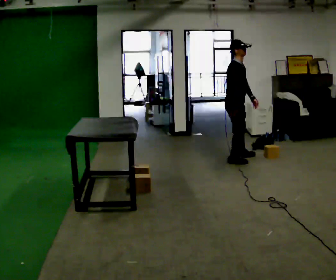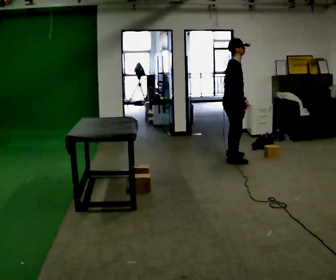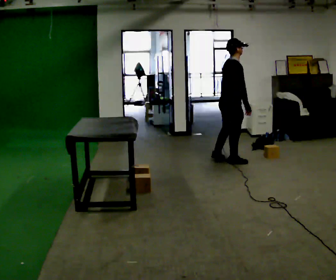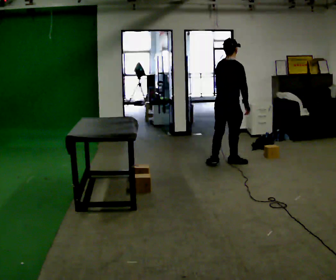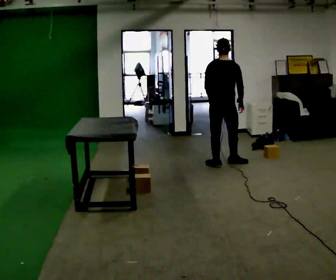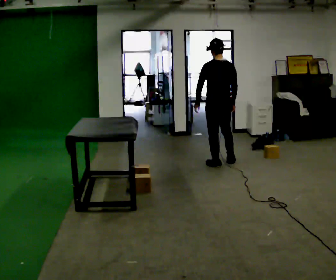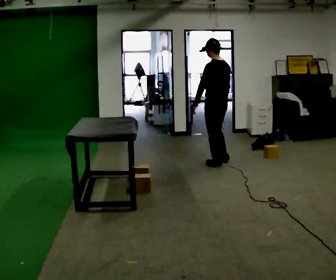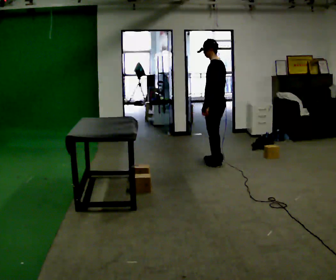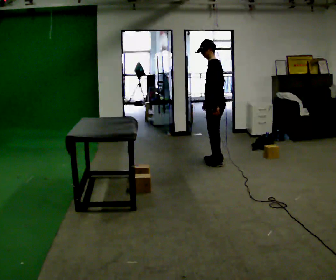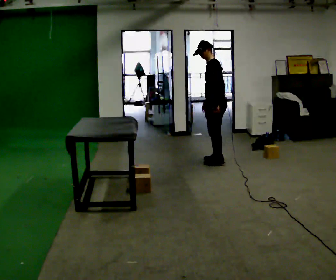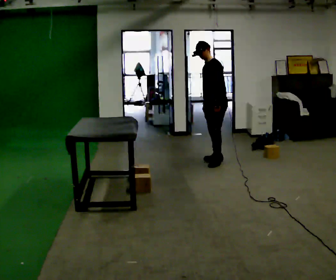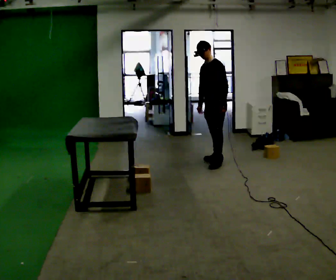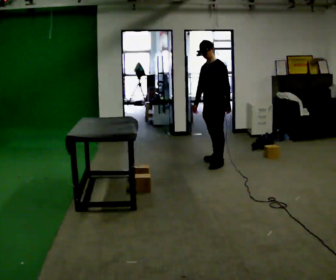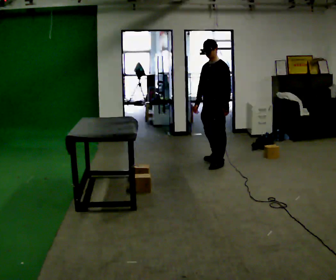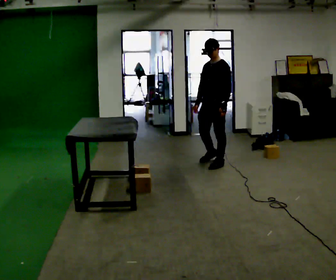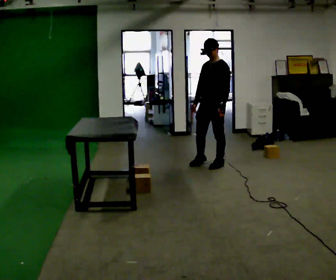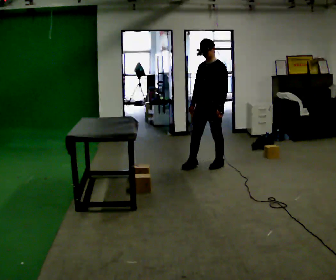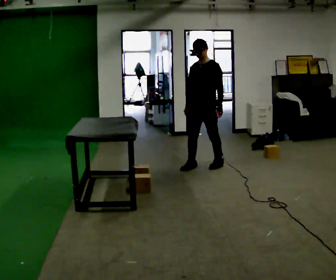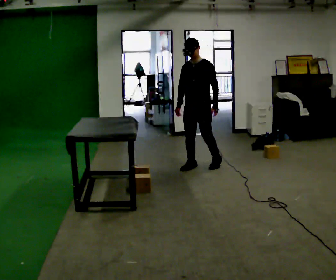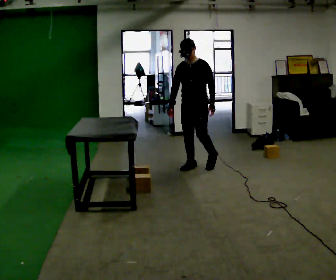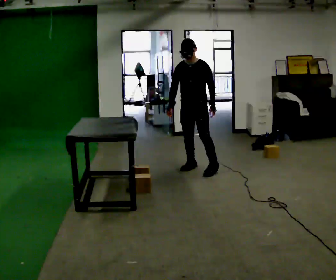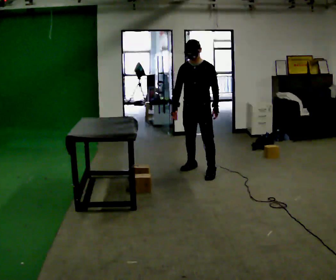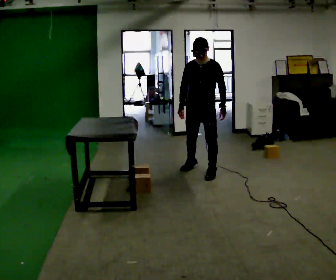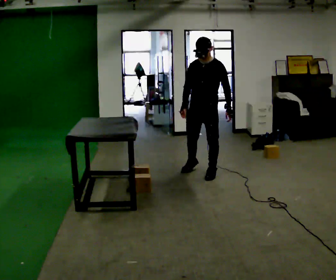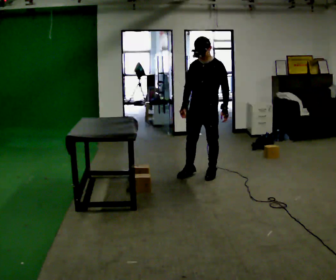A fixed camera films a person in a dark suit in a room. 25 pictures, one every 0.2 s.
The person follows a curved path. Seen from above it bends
counterclockwise.
The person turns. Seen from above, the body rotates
counterclockwise.
0.0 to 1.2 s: Seen from above the body turns counterclockwise, about 150 degrees: to their left, with its near side sliding to the right. In the picture they go to the left and toward the camera, about 0.25 m in 1 step.
1.2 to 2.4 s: The part of the body nearest the lens slides to the right as the person turns to their left by about 75 degrees. In the picture their left hand goes to the right, the arm swinging counterclockwise.
2.4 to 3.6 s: Seen from above the body turns counterclockwise, about 30 degrees: to their left, with its near side sliding to the right. In the picture they go toward the camera and to the left, about 0.25 m in 1 step, which for them is forward.
3.6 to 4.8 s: In the picture they go toward the camera, about 0.25 m in 1 step, which for them is forward.
The film runs forward here.
